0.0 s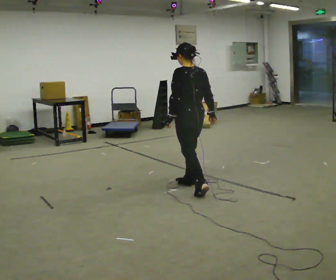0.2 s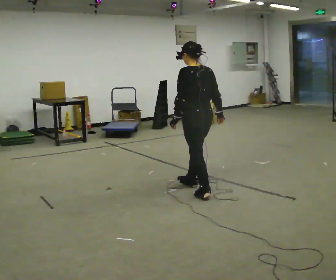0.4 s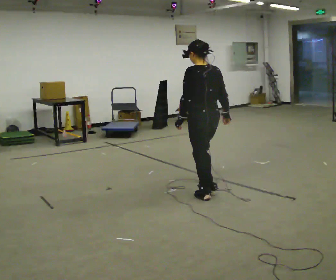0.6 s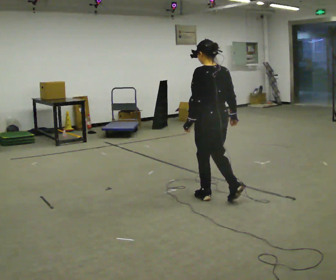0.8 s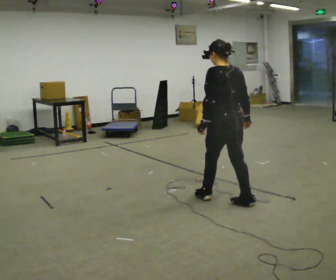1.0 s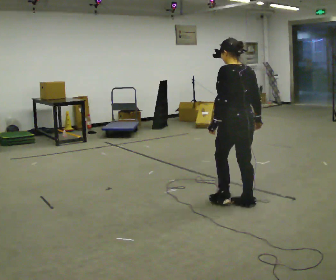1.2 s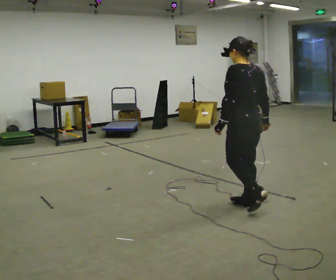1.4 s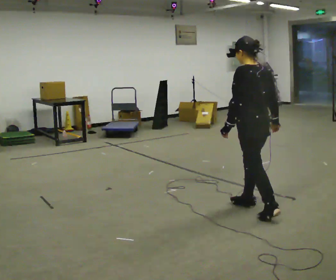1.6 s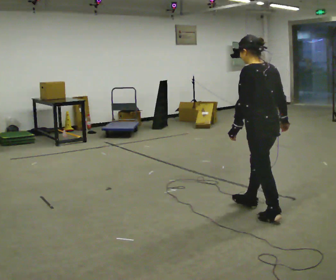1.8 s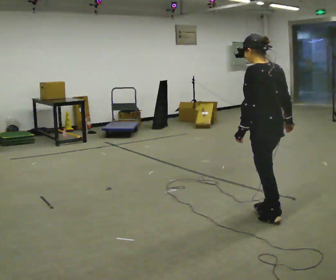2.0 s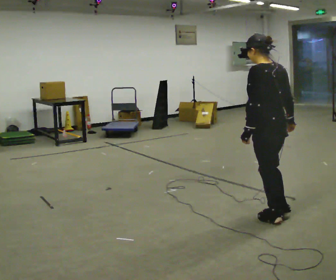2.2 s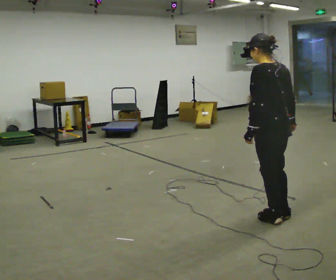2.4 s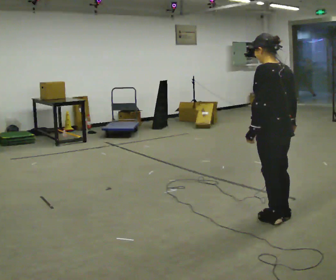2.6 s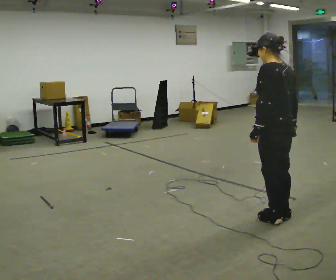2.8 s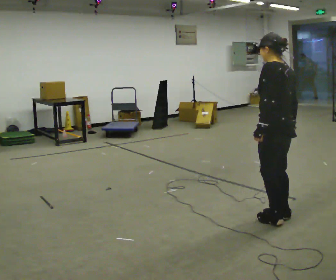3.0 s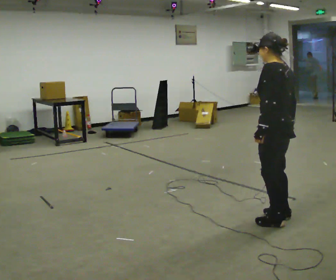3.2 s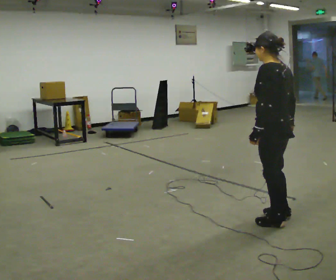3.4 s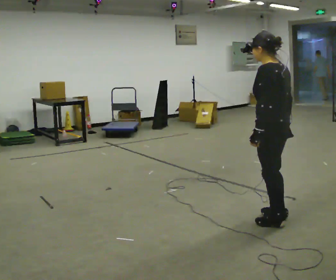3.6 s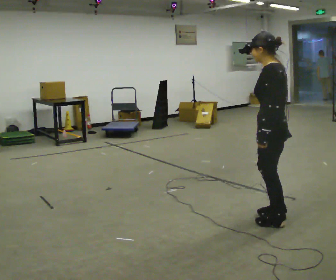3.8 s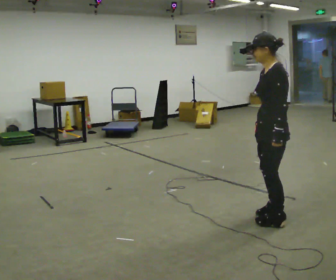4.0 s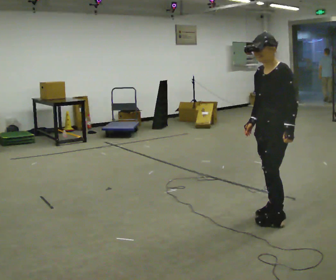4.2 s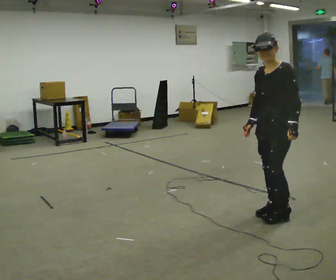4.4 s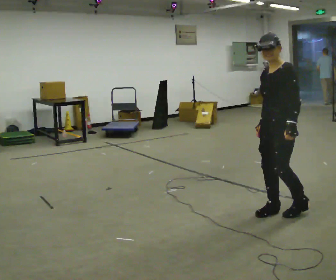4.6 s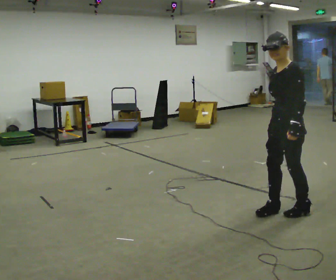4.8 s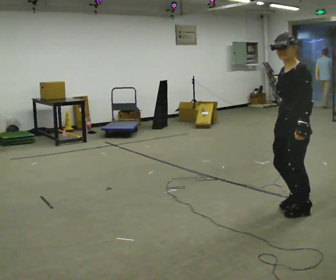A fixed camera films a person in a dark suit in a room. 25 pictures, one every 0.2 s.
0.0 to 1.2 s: In the picture they go to the right and toward the camera, about 1 m in 2 steps, which for them is backward.
1.2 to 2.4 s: In the picture they go to the right and toward the camera, about 0.25 m in 1 step, which for them is backward.
2.4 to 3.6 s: The person turns about 30 degrees to their left, counterclockwise seen from above, so the part of the body nearest the lens slides to the right.
3.6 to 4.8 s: Seen from above the body turns counterclockwise, about 30 degrees: to their left, with its near side sliding to the right. In the picture they go away from the camera and to the right, about 0.25 m in 2 steps, which for them is backward.
The film runs backward here.
